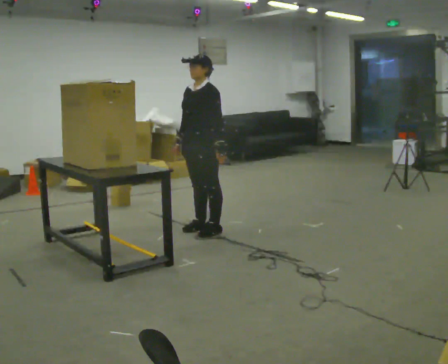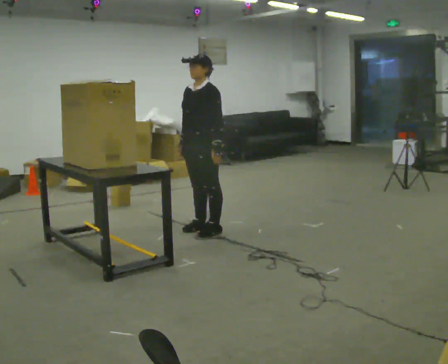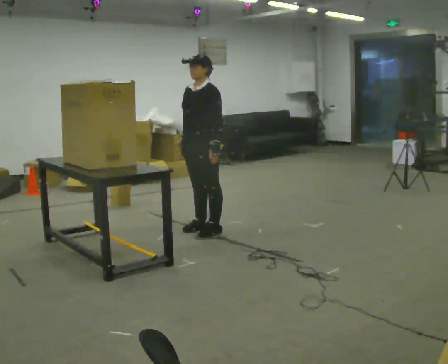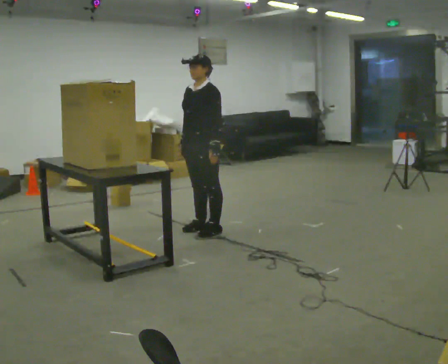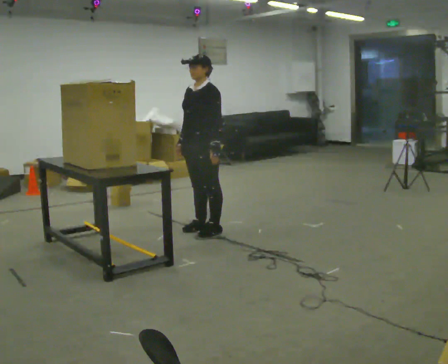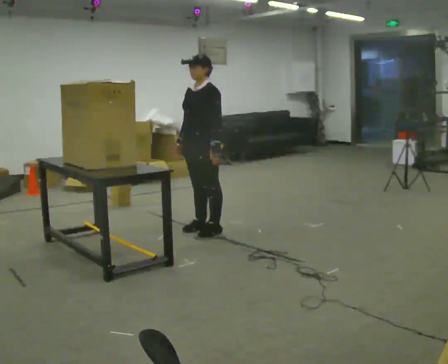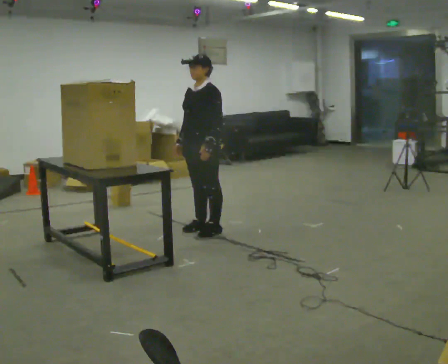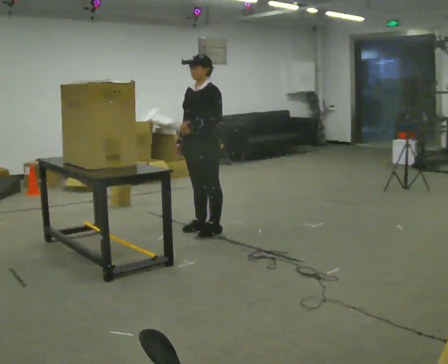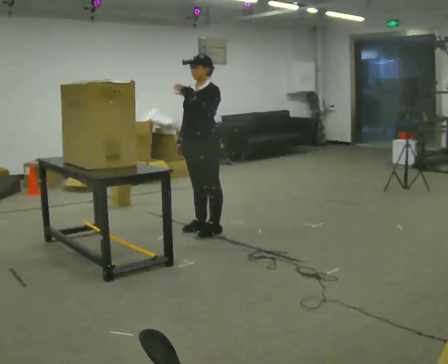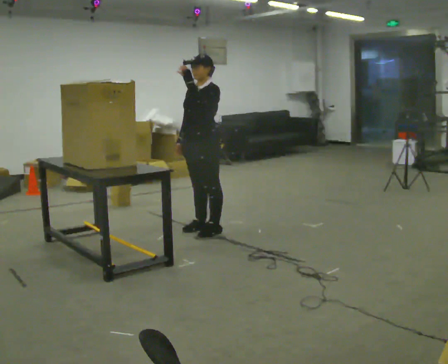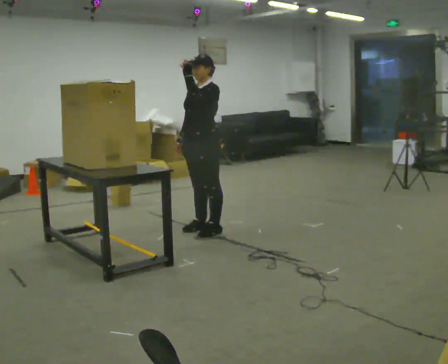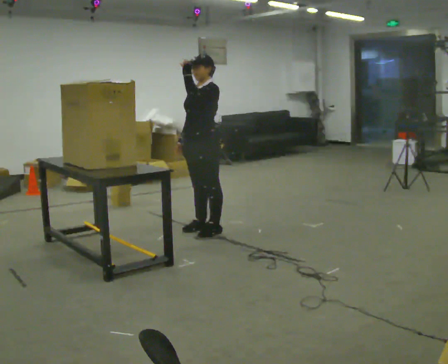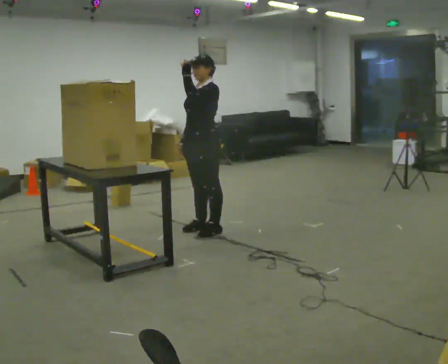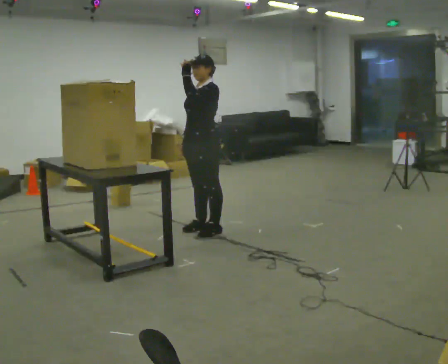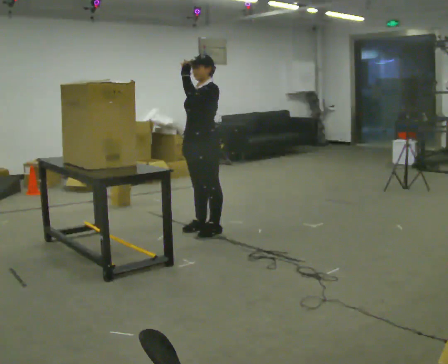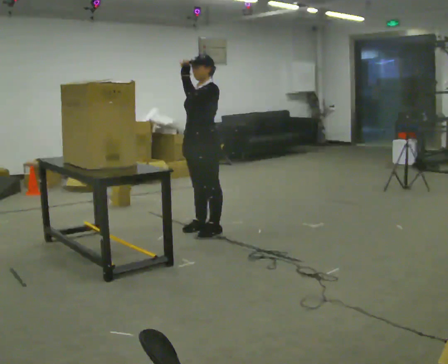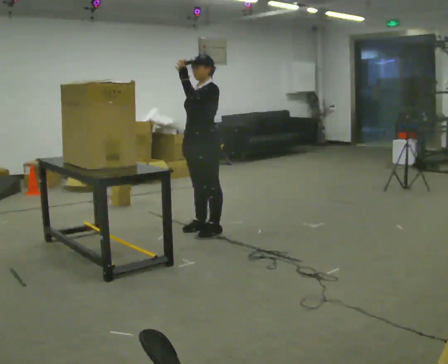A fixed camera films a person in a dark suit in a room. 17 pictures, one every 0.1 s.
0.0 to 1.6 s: In the picture their left hand goes upward and to the left.
The film runs forward here.
